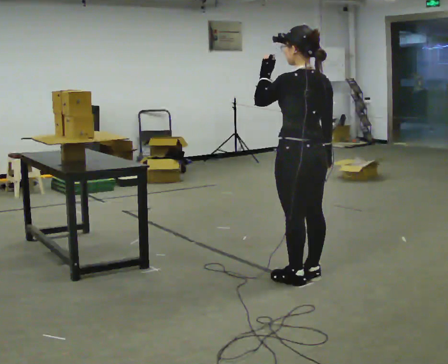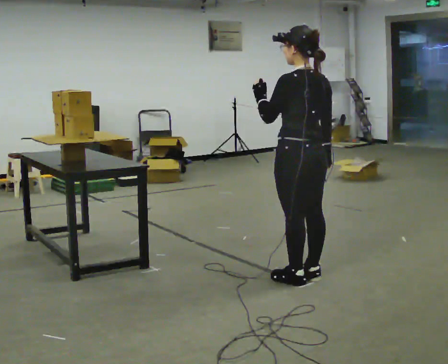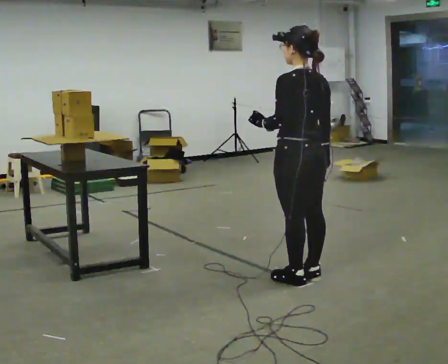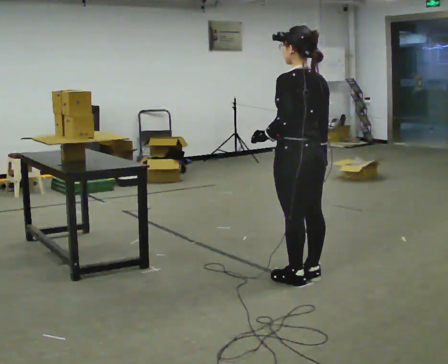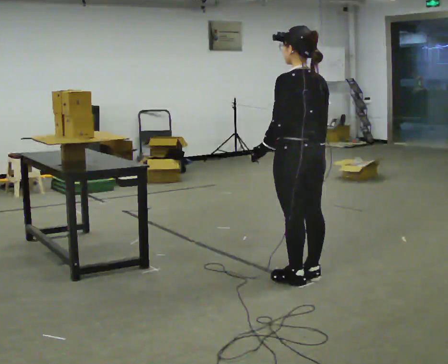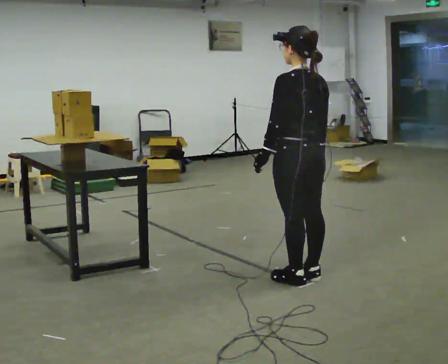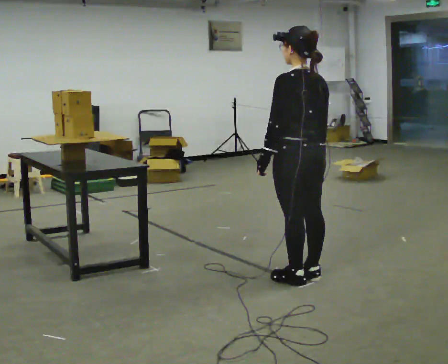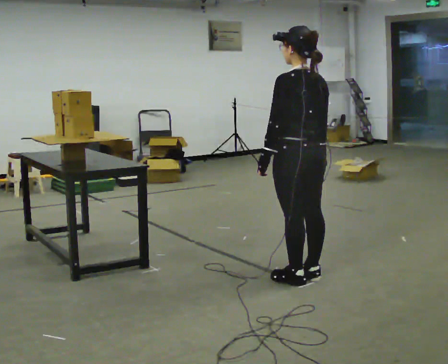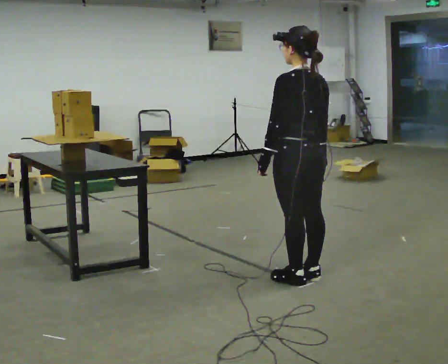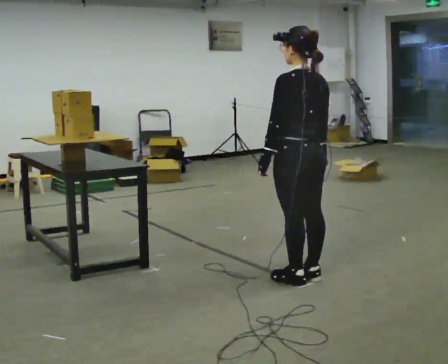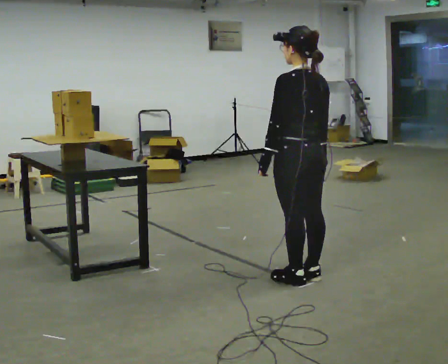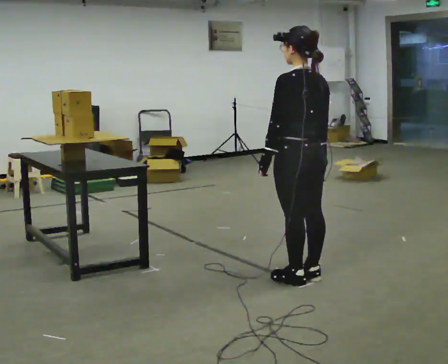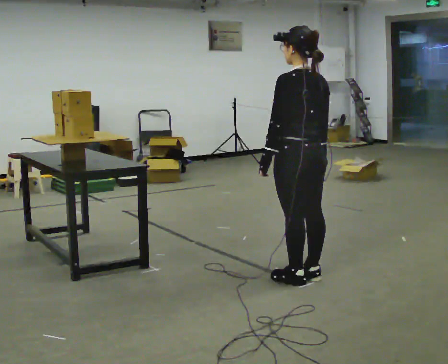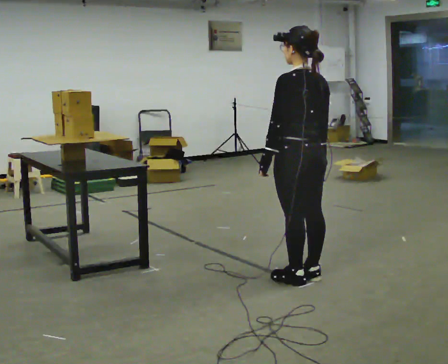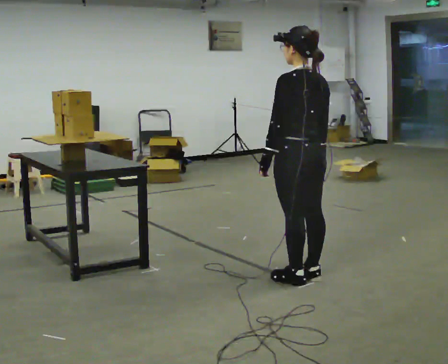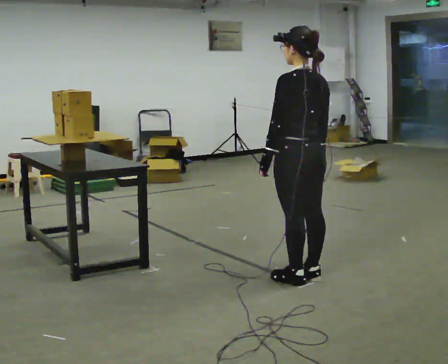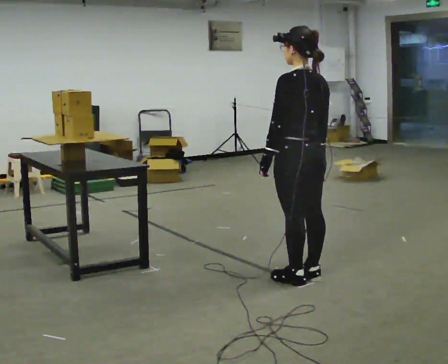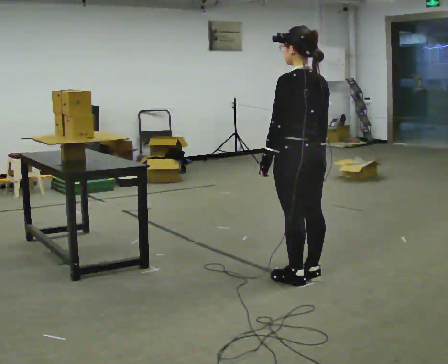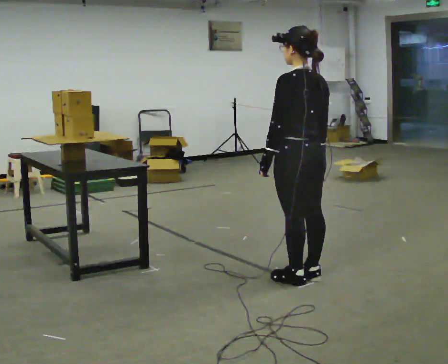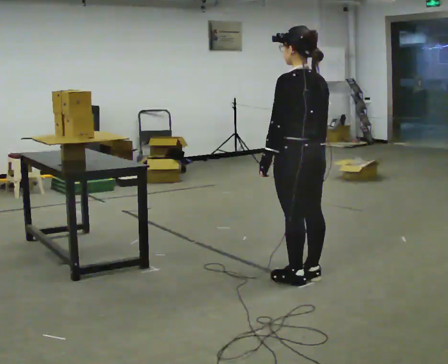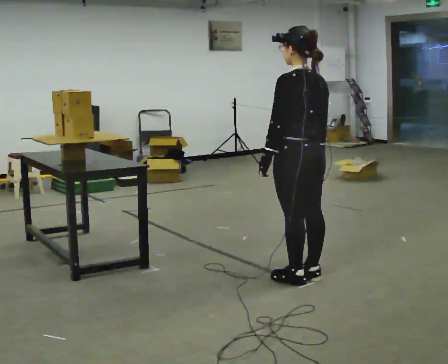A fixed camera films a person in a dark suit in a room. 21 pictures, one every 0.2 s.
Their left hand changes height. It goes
downward.
0.0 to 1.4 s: In the picture their left hand goes downward.
1.4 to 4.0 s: The person keeps their place and pose.
The film runs forward here.
